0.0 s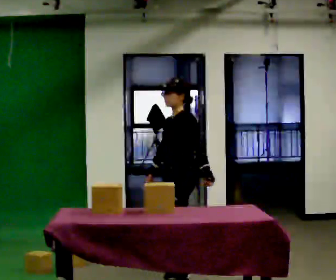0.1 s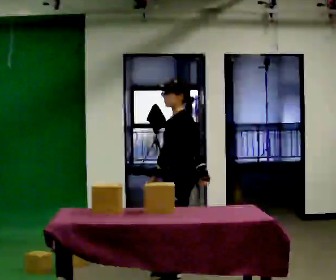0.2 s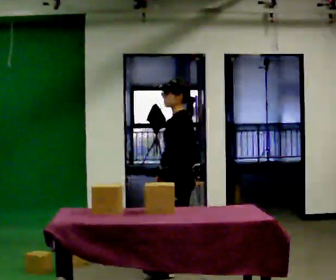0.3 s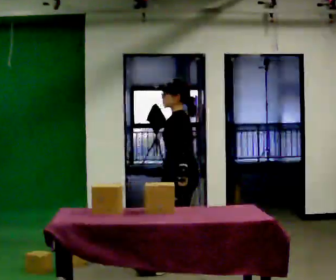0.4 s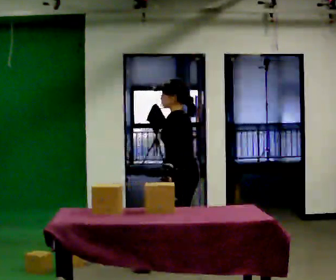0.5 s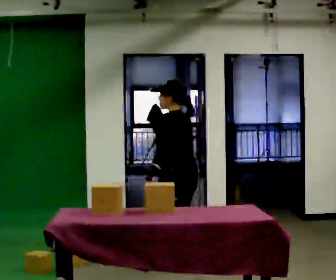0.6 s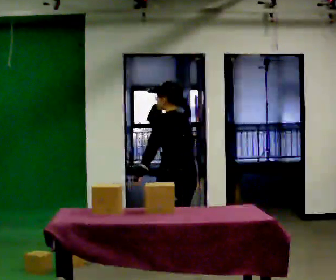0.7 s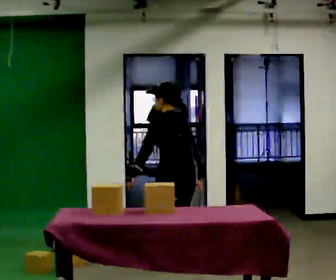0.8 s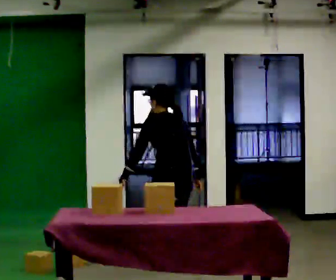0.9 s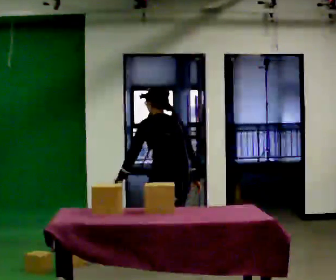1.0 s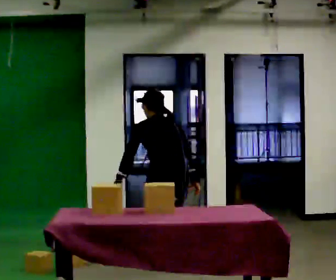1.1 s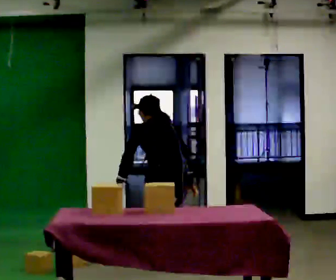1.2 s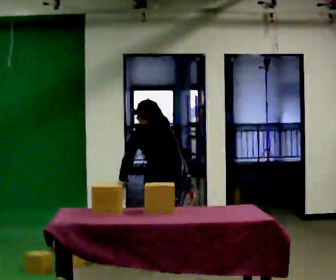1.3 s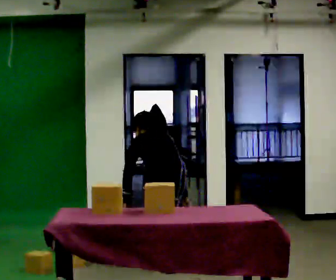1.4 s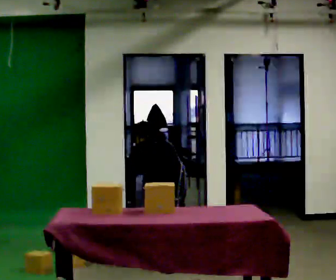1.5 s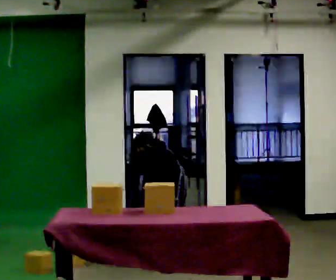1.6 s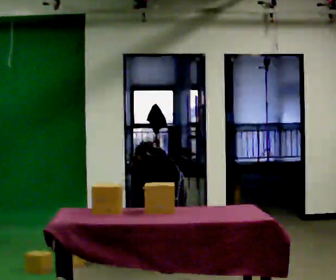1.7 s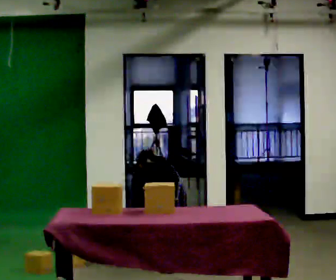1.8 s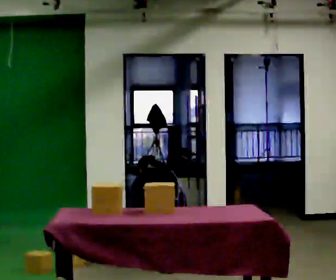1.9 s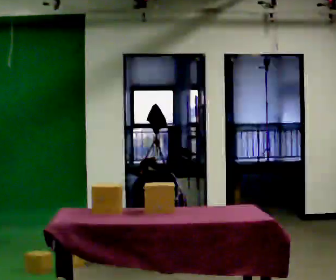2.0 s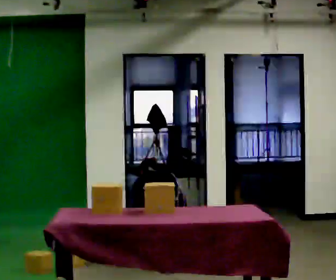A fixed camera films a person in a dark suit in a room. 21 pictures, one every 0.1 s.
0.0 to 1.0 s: Seen from above the body turns clockwise, about 75 degrees: to their right, with its near side sliding to the left. The upper body tips away from the camera, its near side rolling upward, as they bend forward. In the picture their left hand goes to the left, the arm swinging clockwise.
1.0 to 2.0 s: The upper body goes downward. The upper body tips away from the camera, its near side rolling upward, as they bend forward. In the picture their left hand goes downward.
The film runs backward here.
